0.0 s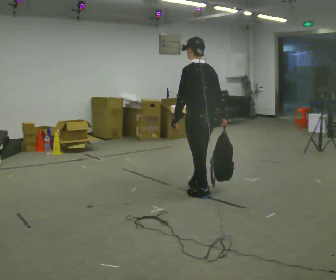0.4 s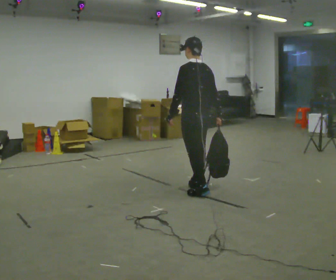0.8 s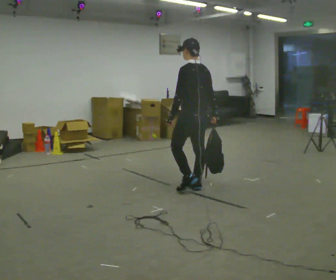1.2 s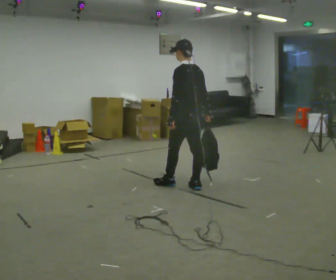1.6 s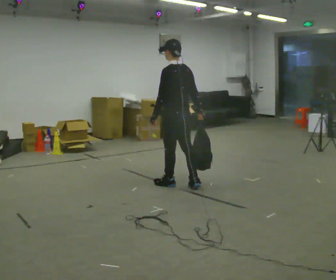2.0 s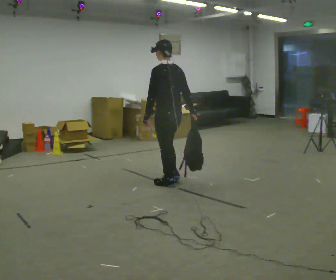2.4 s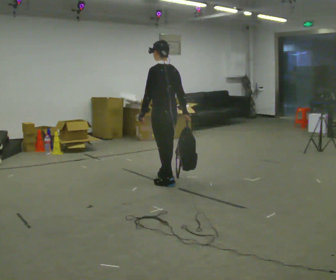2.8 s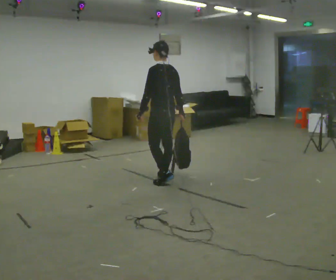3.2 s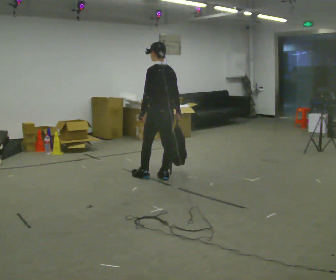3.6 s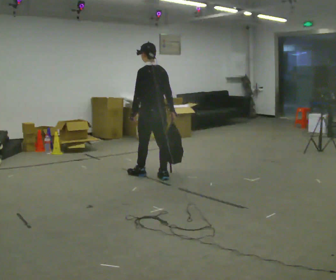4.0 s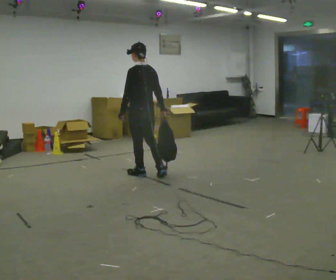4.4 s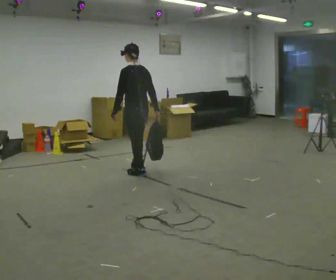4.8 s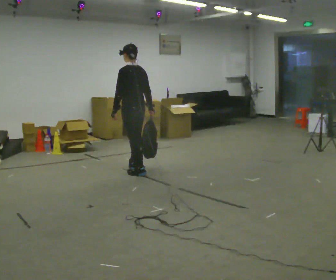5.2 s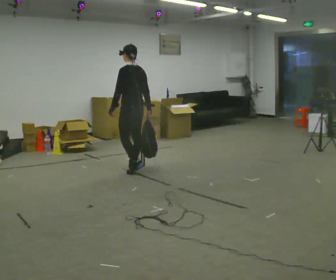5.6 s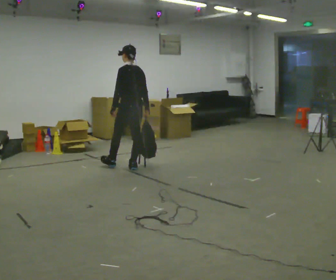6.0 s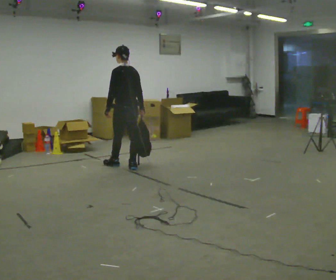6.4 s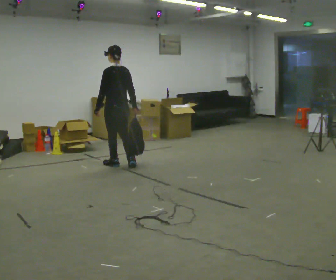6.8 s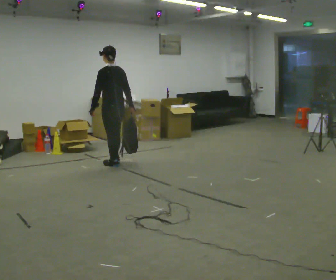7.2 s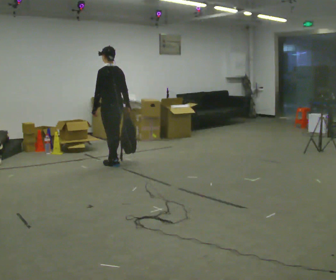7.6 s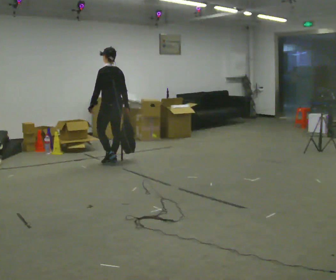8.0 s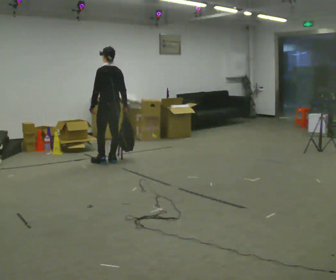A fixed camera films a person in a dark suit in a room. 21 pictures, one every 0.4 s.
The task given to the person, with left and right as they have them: Carry the soft bag across the room, back and forth. It will change shape as you move, so hold it however works.
0.0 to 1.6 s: In the picture they go away from the camera and to the left, about 0.5 m in 1 step, which for them is forward.
1.6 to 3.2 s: In the picture they go away from the camera and to the left, about 0.25 m in 1 step, which for them is forward.
3.2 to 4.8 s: In the picture they go away from the camera and to the left, about 0.5 m in 2 steps, which for them is forward.
4.8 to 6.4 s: In the picture they go away from the camera and to the left, about 0.5 m in 1 step, which for them is forward.
6.4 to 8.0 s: In the picture they go away from the camera, about 0.25 m in 2 steps, which for them is forward.
The film runs forward here.
